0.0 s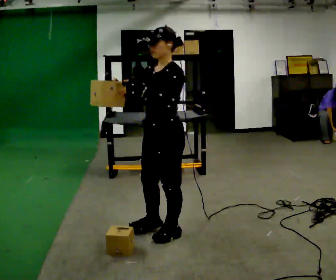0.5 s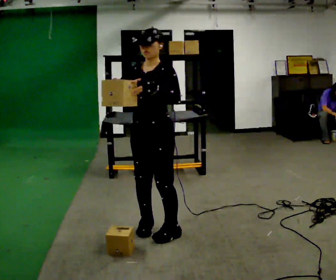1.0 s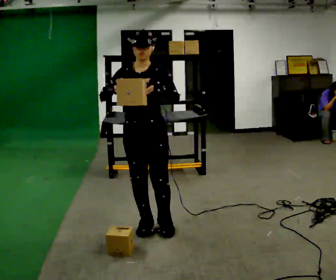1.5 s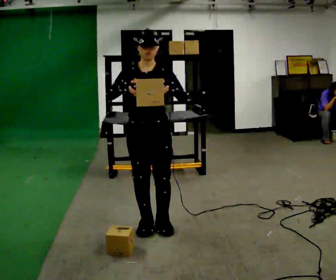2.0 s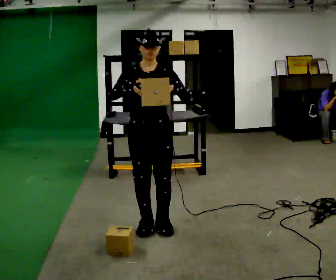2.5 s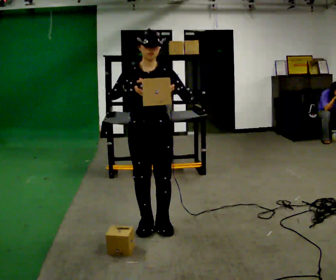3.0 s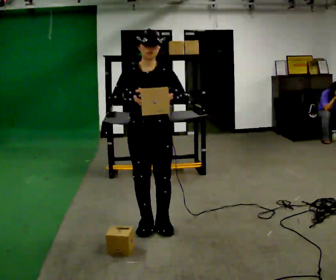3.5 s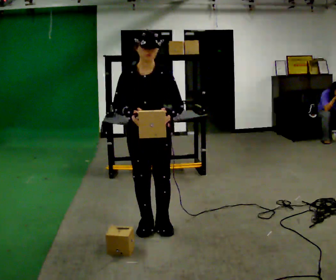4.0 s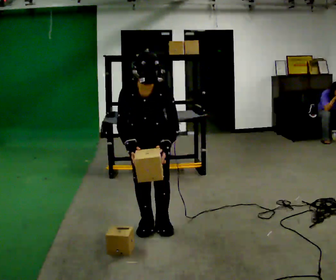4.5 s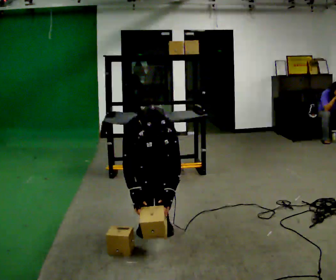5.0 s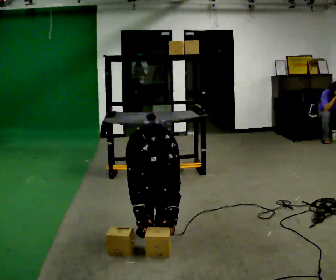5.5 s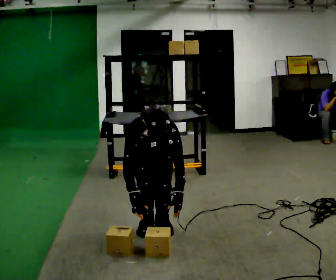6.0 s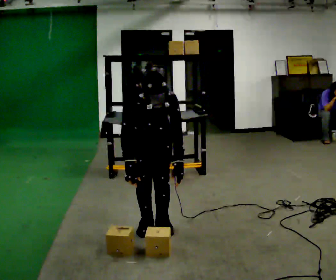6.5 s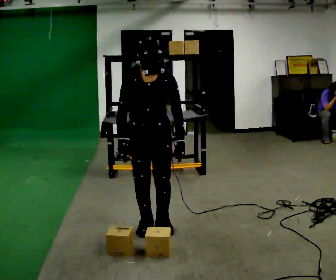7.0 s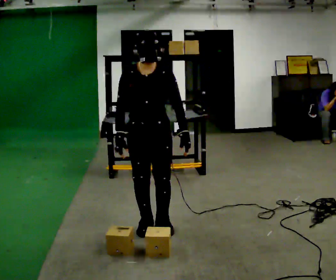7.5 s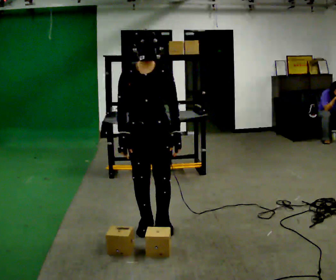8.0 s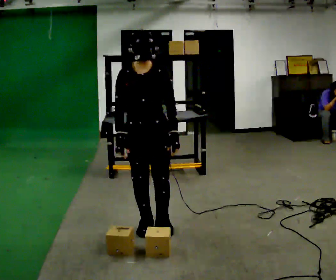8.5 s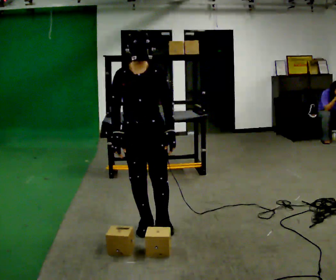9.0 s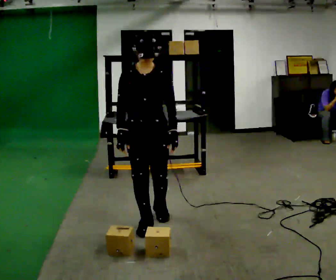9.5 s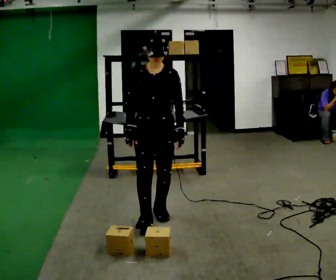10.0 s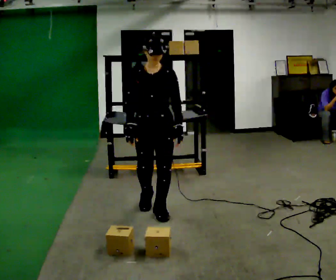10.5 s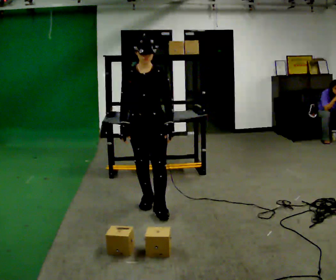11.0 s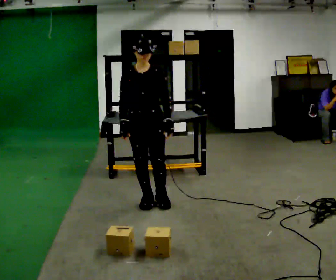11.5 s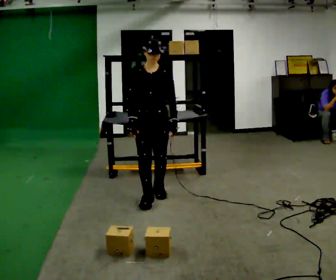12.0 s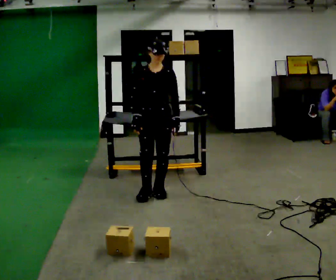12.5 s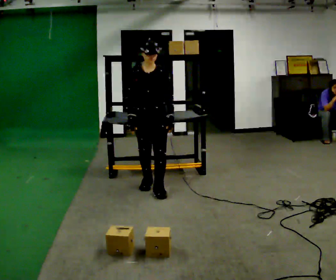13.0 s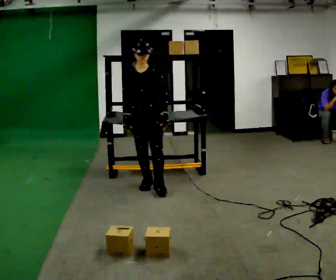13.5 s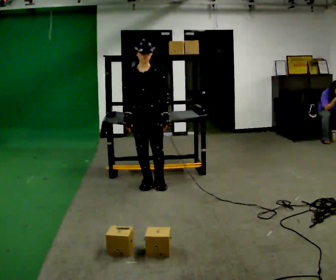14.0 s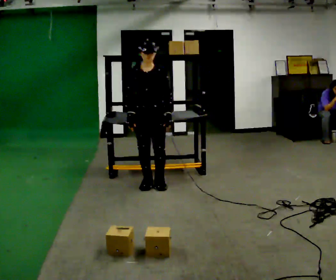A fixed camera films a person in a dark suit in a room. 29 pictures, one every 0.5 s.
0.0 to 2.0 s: The part of the body nearest the lens slides to the right as the person turns to their left by about 60 degrees.
2.0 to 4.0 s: The upper body tips toward the camera, its near side rolling downward, as they bend forward. In the picture their right hand goes downward.
4.0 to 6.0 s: The person moves a little, or ends about where they began.
6.0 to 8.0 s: The shoulders move upward. The upper body tips away from the camera, its near side rolling upward, as they lean back or straighten.
8.0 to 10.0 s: In the picture they go away from the camera, about 0.25 m in 2 steps, which for them is backward.
10.0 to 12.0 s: In the picture they go away from the camera, about 0.5 m in 2 steps, which for them is backward.
12.0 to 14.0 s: In the picture they go away from the camera, about 0.25 m in 1 step, which for them is backward.
The film runs backward here.
